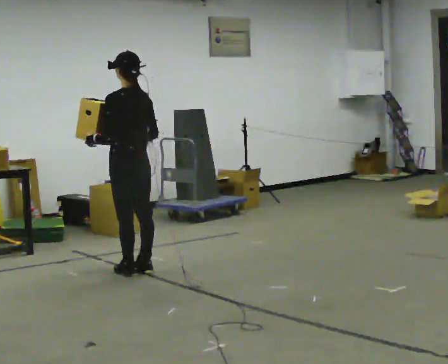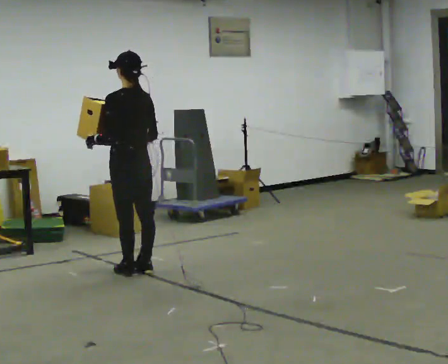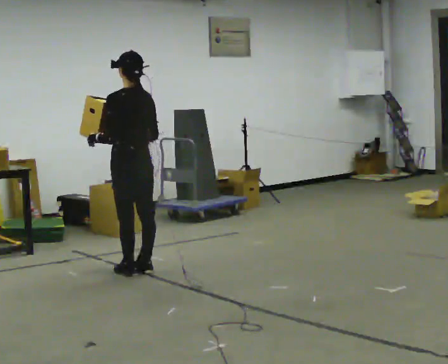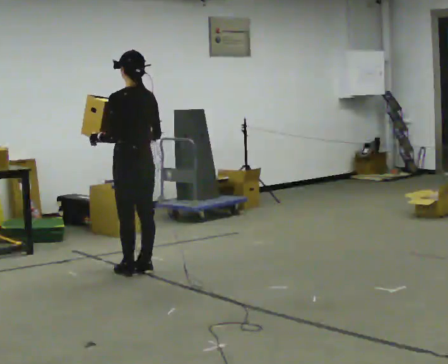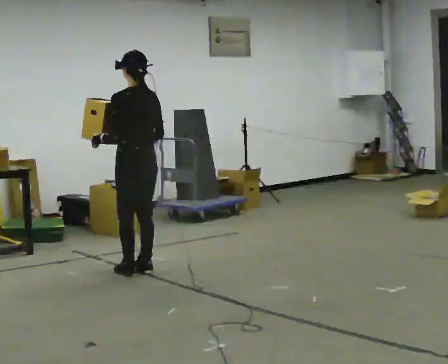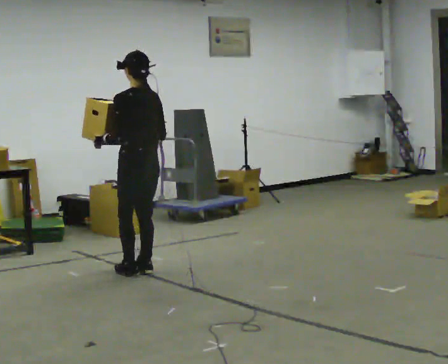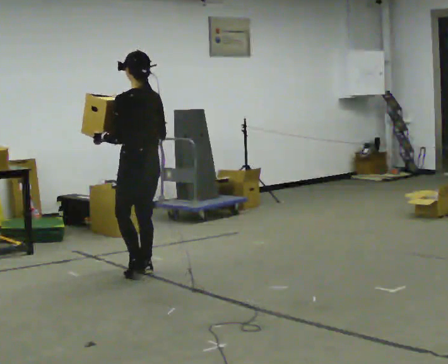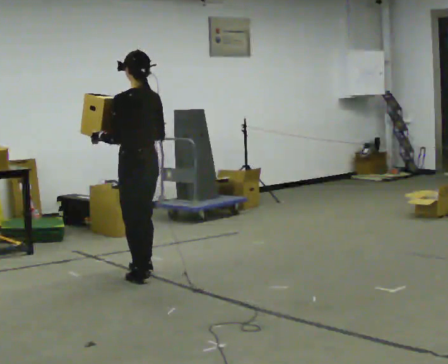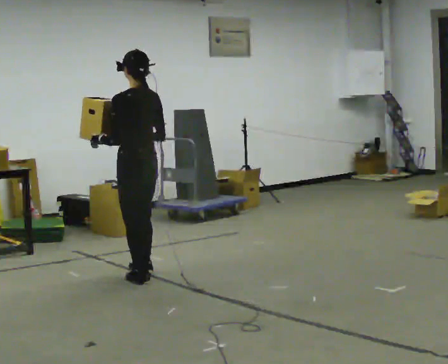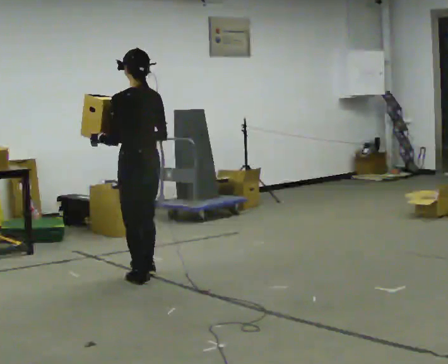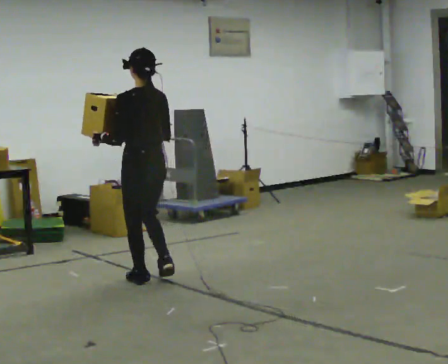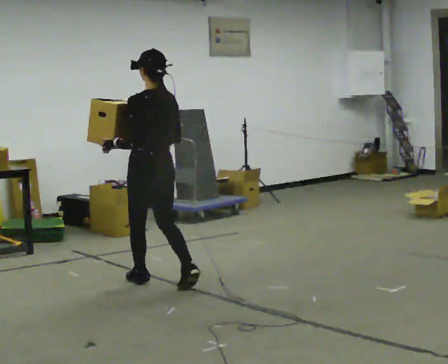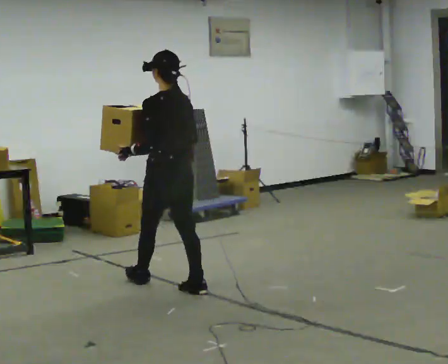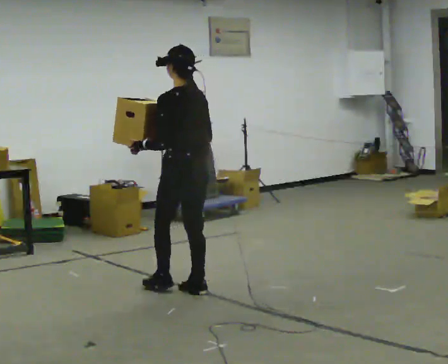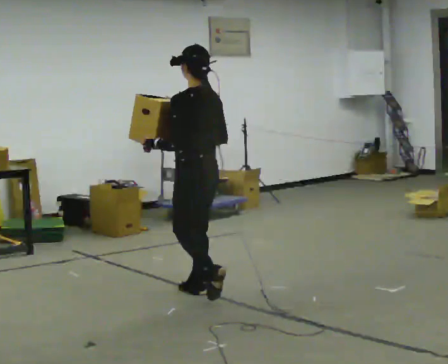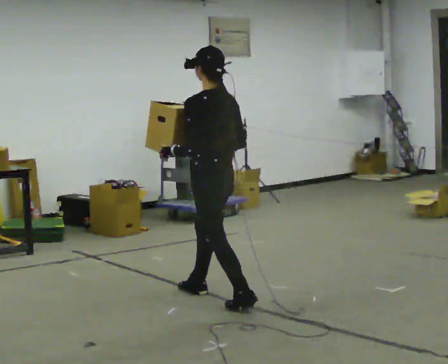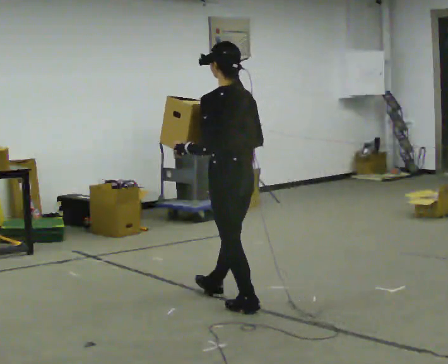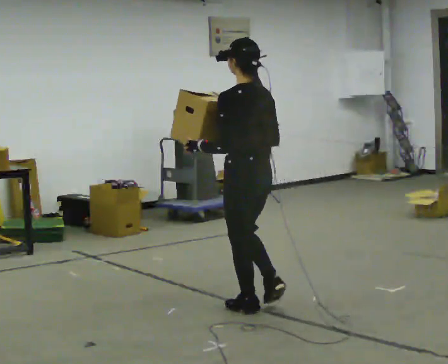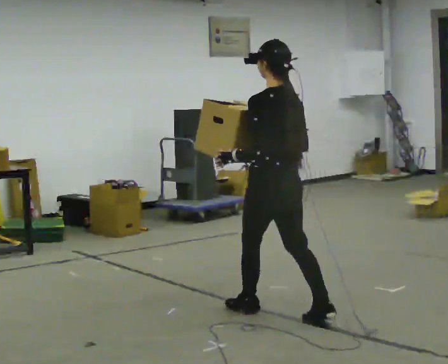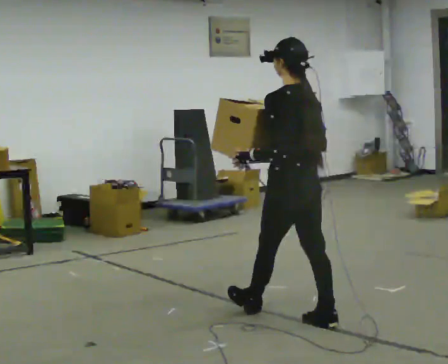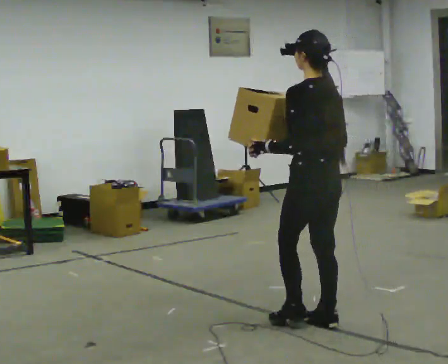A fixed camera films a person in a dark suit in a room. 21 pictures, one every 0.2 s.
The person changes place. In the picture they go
toward the camera.
0.0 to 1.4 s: The person moves a little, or ends about where they began.
1.4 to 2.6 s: In the picture they go toward the camera and to the right, about 0.5 m in 2 steps, which for them is backward.
2.6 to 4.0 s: In the picture they go toward the camera and to the right, about 1 m in 2 steps, which for them is backward.
The film runs backward here.
